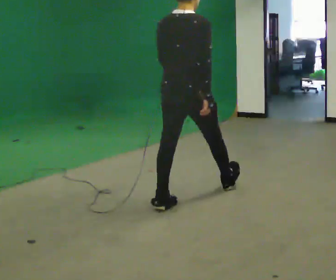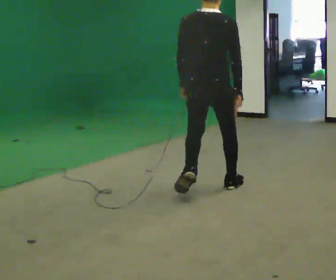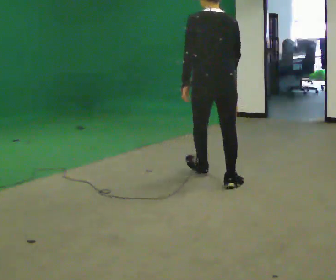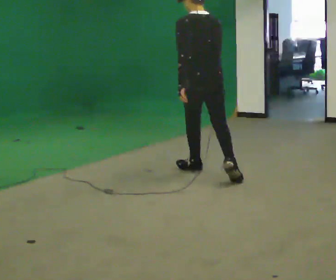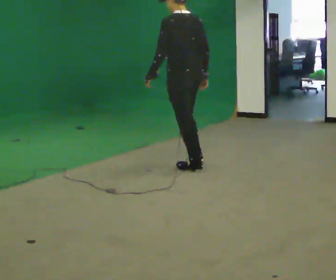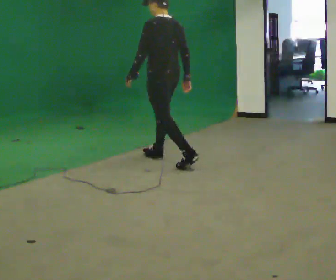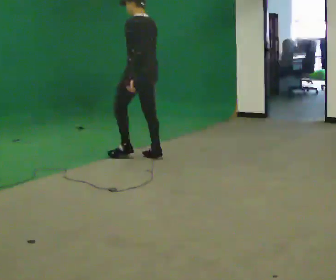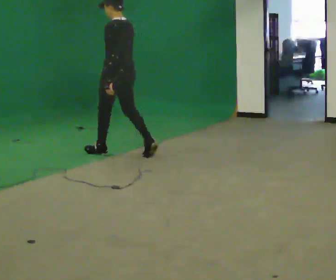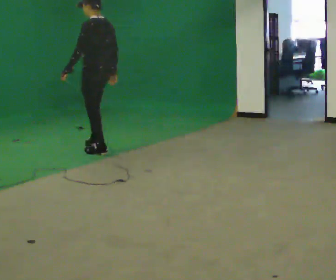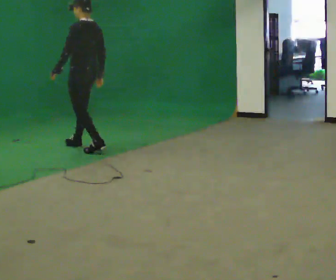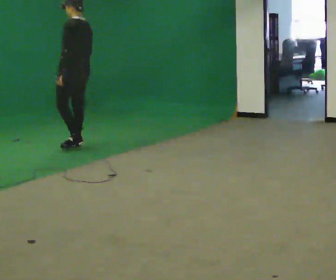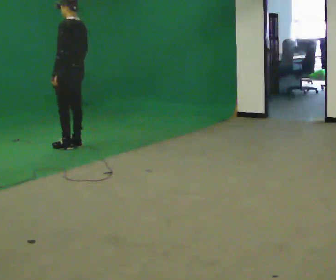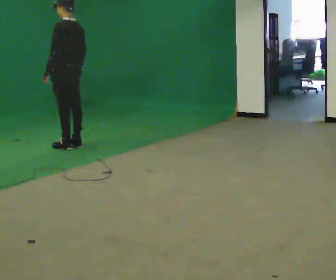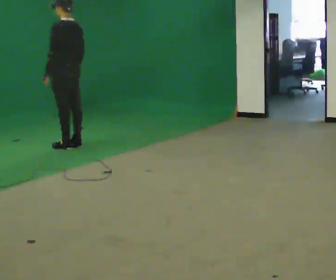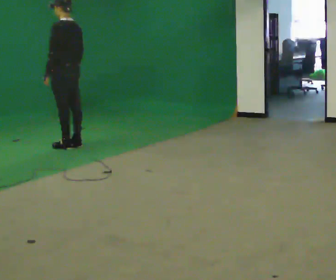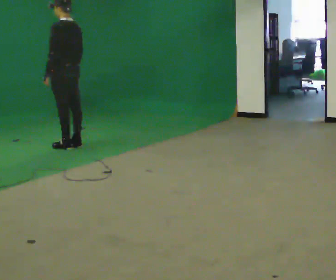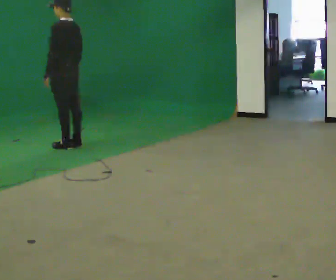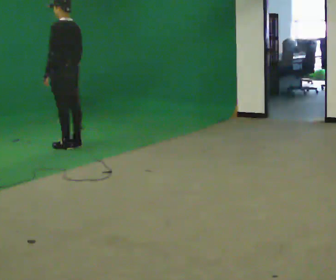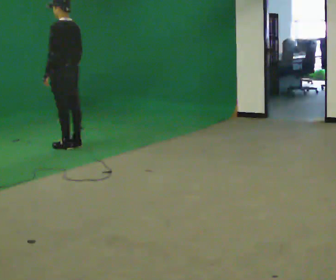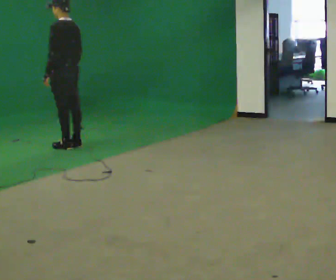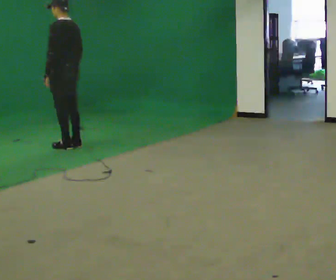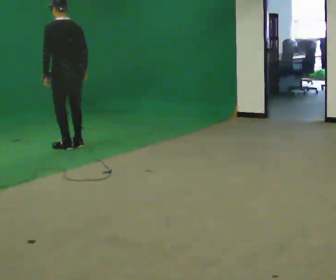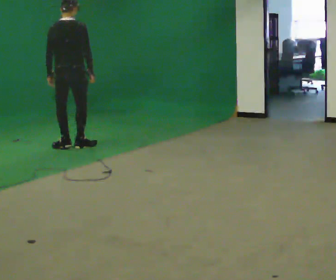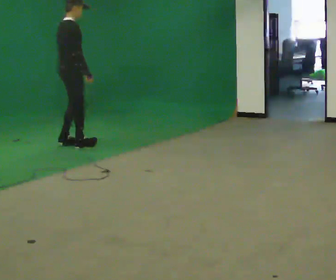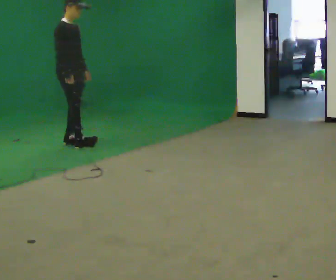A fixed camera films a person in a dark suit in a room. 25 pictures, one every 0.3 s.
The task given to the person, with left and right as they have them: Walk; turn 90° left/right; walk several steps; stop.
0.0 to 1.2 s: The person turns about 75 degrees to their left, counterclockwise seen from above, so the part of the body nearest the lens slides to the right. In the picture they go away from the camera, about 1 m in 2 steps.
1.2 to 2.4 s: In the picture they go away from the camera and to the left, about 1.5 m in 2 steps, which for them is forward.
2.4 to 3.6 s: In the picture they go away from the camera and to the left, about 0.5 m in 2 steps, which for them is forward.
3.6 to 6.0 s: The person moves a little, or ends about where they began.
6.0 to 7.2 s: The part of the body nearest the lens slides to the left as the person turns to their right by about 165 degrees.
The film runs forward here.
